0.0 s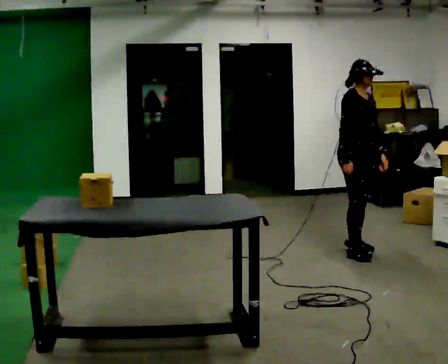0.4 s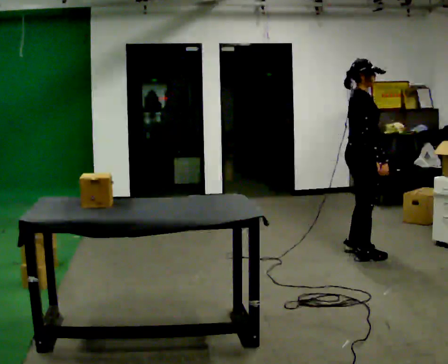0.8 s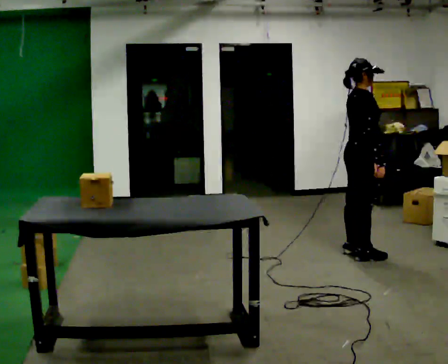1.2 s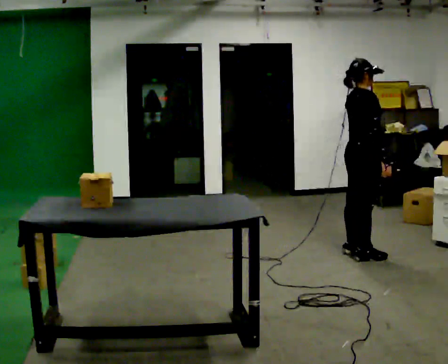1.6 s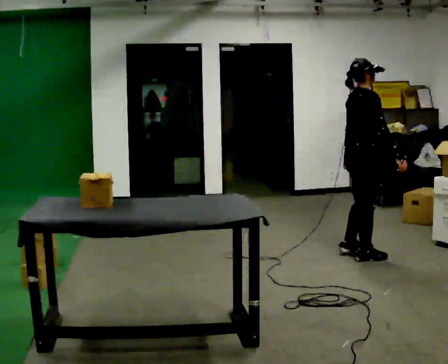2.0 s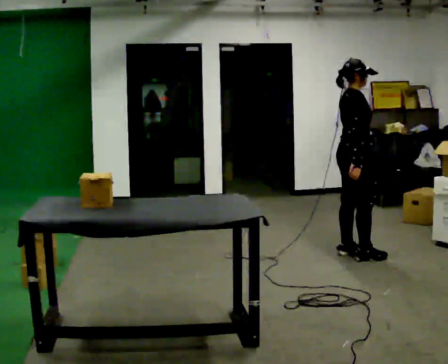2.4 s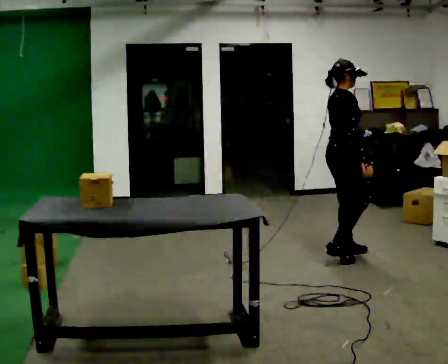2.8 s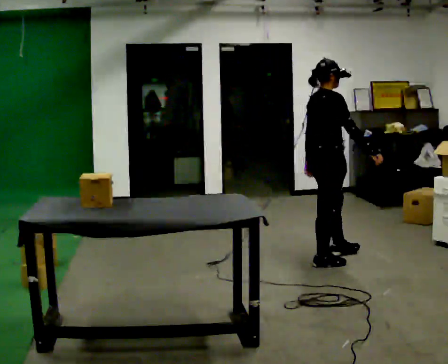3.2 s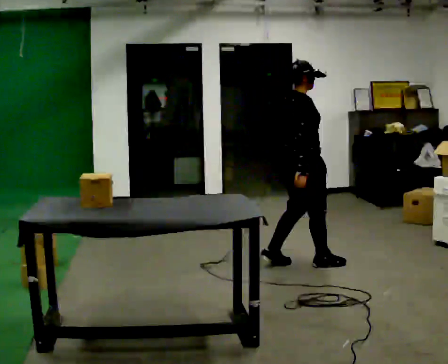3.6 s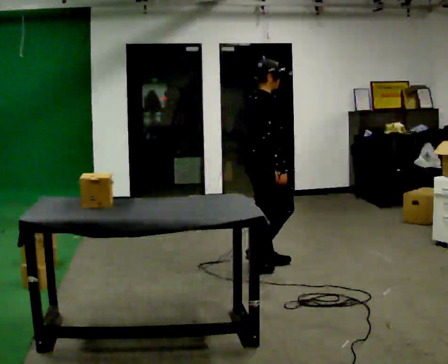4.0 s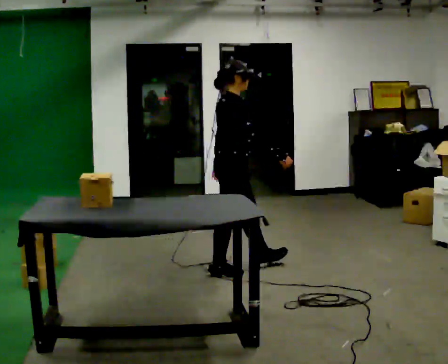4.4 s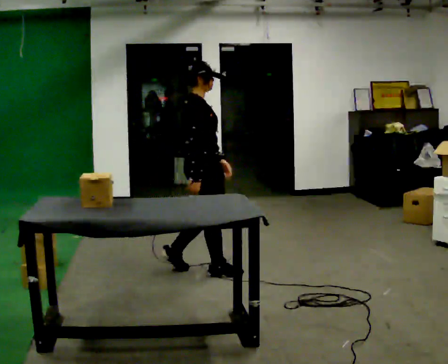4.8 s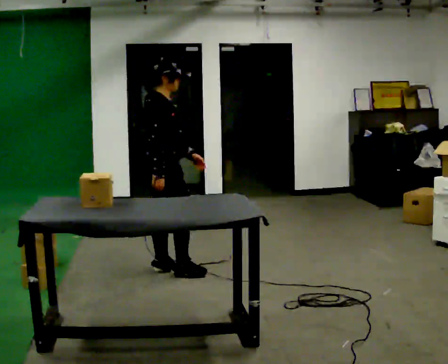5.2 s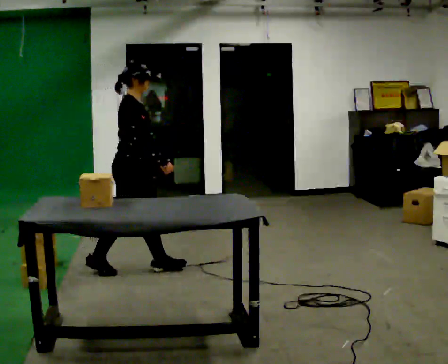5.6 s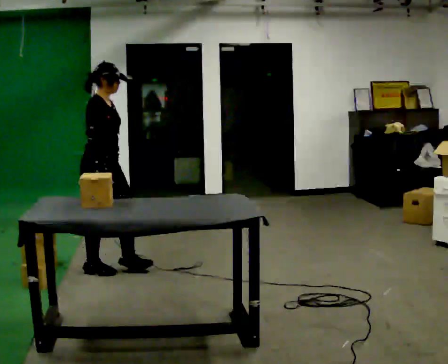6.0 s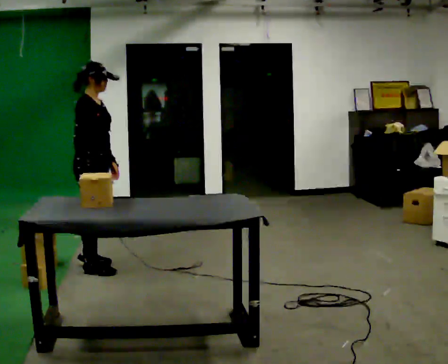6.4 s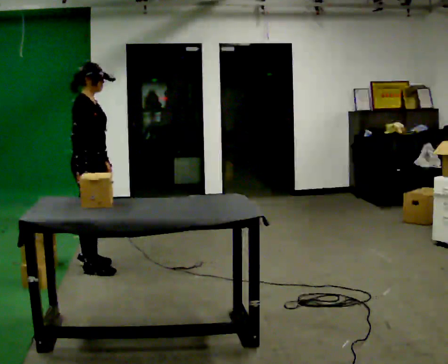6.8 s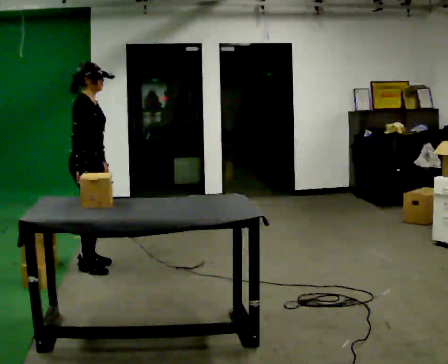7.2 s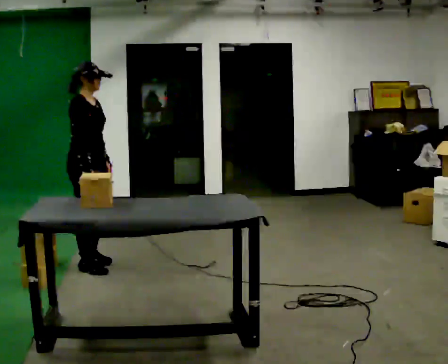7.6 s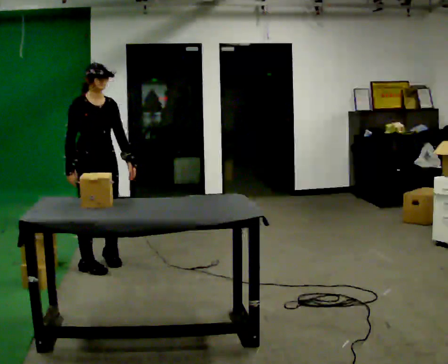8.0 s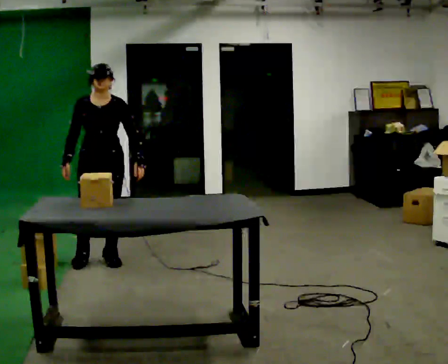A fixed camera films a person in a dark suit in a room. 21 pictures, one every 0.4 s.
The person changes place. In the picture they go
to the left.
The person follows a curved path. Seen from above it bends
clockwise.
0.0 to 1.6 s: The part of the body nearest the lens slides to the right as the person turns to their left by about 45 degrees. In the picture they go toward the camera, about 0.25 m, which for them is to their right. In the picture their right hand goes to the right, the arm swinging counterclockwise.
1.6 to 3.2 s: In the picture they go to the left, about 0.5 m in 2 steps, which for them is backward.
3.2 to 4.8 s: In the picture they go to the left, about 1 m in 3 steps, which for them is backward.
4.8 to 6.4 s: In the picture they go to the left, about 0.5 m in 1 step, which for them is backward.
6.4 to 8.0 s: The person turns about 75 degrees to their right, clockwise seen from above, so the part of the body nearest the lens slides to the left. In the picture they go away from the camera, about 0.25 m in 2 steps. In the picture their left hand goes to the right.
The film runs backward here.
